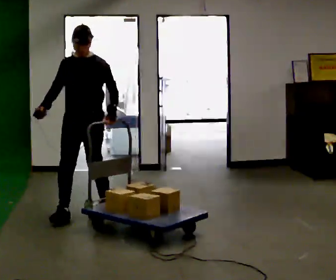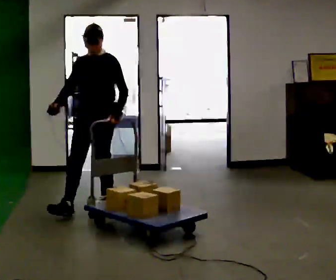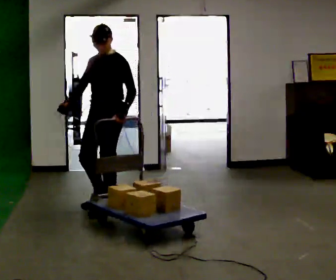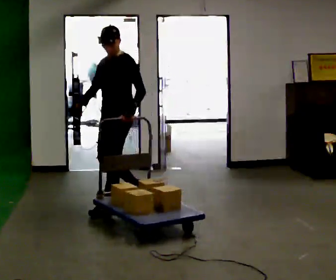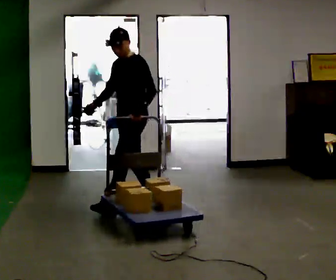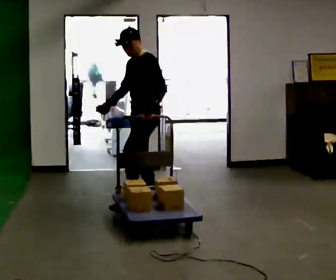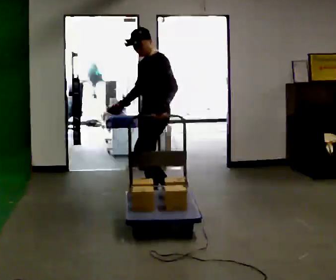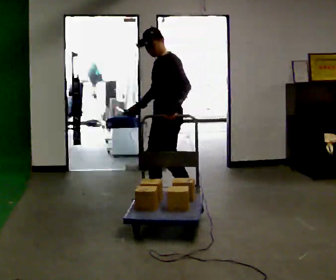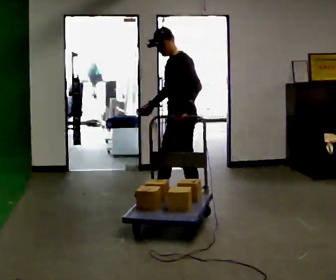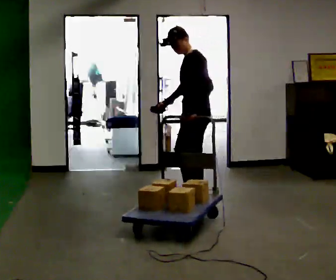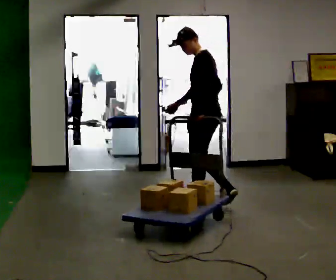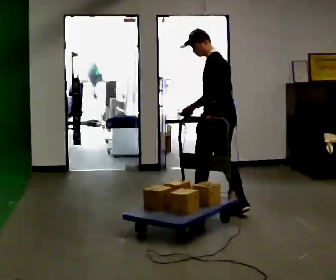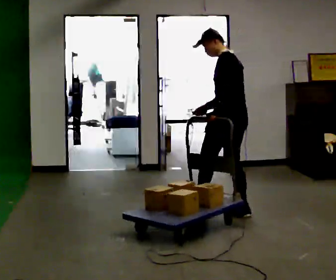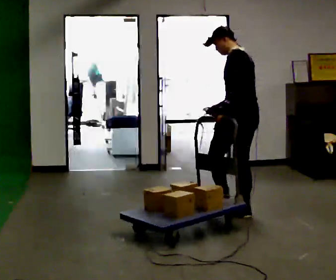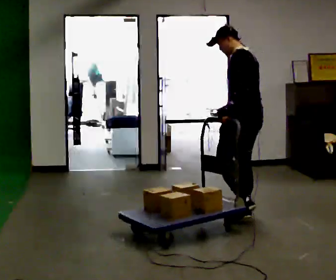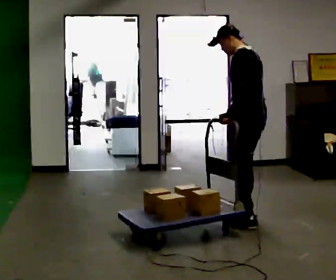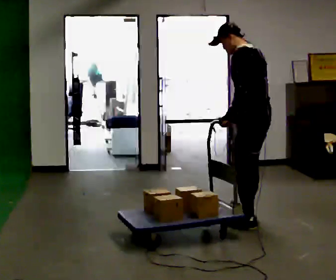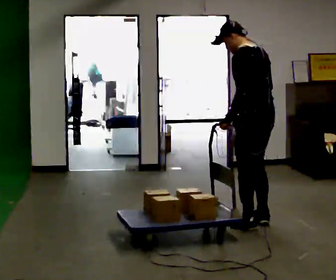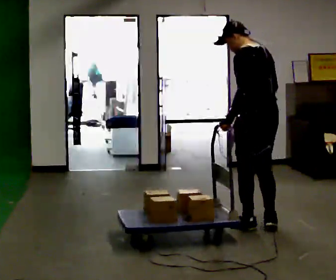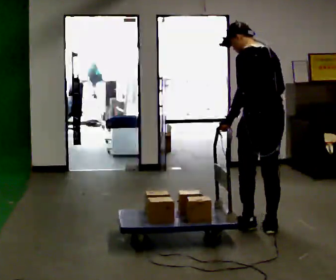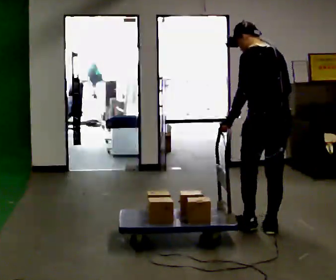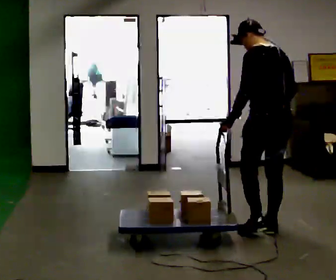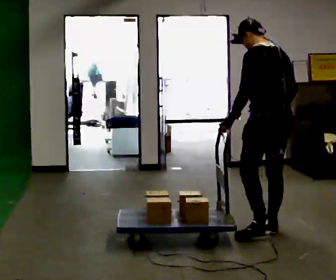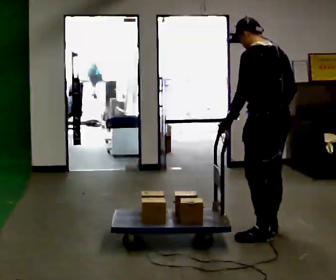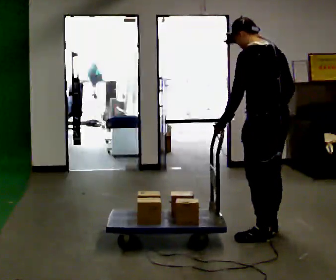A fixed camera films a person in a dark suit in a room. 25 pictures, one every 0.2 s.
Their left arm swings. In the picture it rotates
clockwise.
The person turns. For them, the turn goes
to their right.
0.0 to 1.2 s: The part of the body nearest the lens slides to the left as the person turns to their right by about 45 degrees. In the picture they go to the right and away from the camera, about 1 m in 2 steps, which for them is backward.
1.2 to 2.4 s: The part of the body nearest the lens slides to the left as the person turns to their right by about 60 degrees. In the picture they go to the right and toward the camera, about 0.5 m in 2 steps, which for them is backward and to their left.
2.4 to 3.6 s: In the picture they go toward the camera, about 0.5 m in 1 step, which for them is backward and to their left.
3.6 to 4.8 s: In the picture they go toward the camera, about 0.25 m in 1 step, which for them is backward.
The film runs backward here.
